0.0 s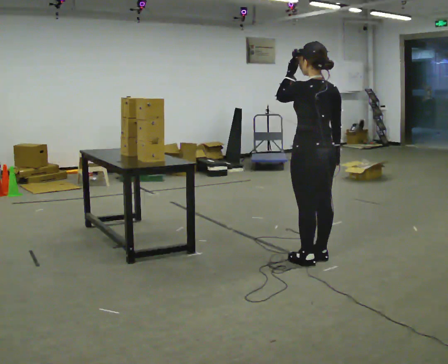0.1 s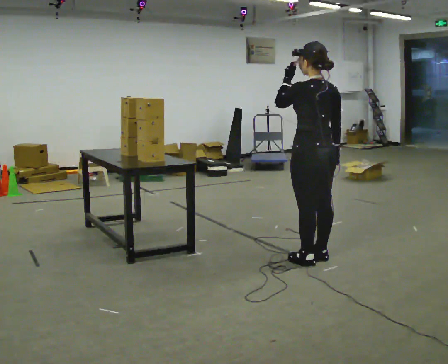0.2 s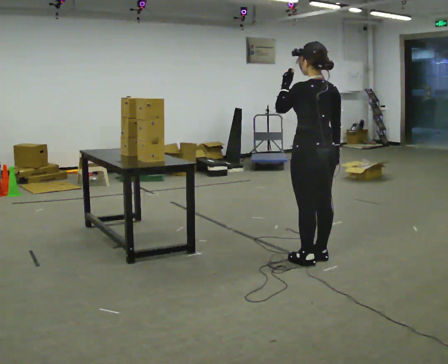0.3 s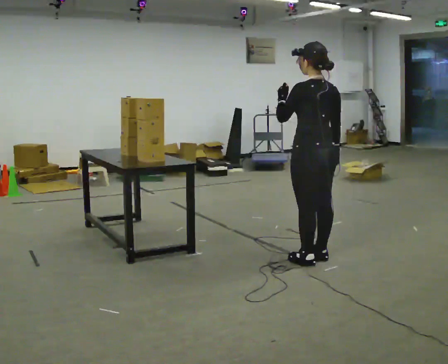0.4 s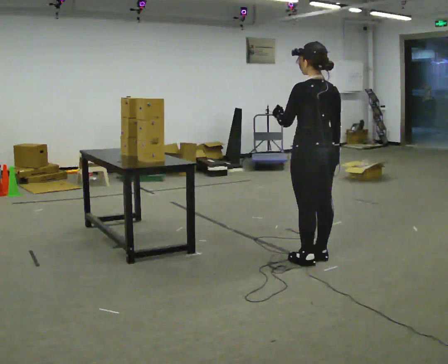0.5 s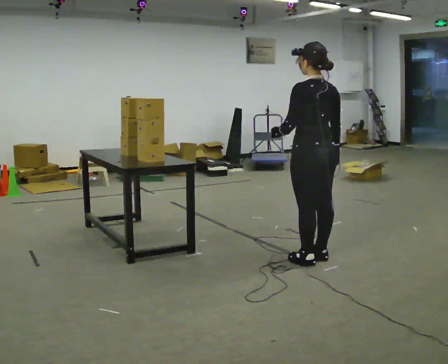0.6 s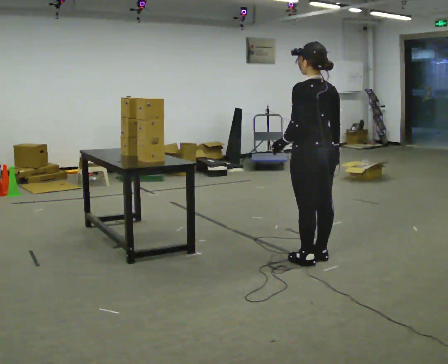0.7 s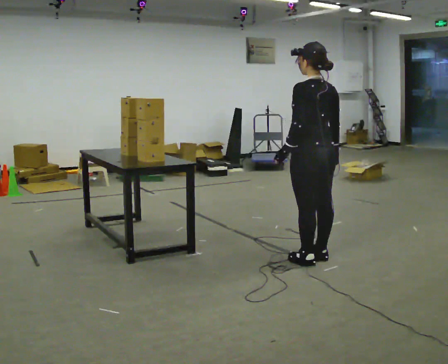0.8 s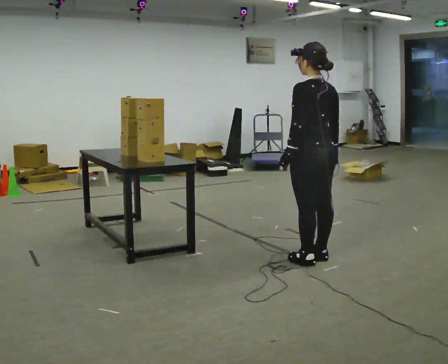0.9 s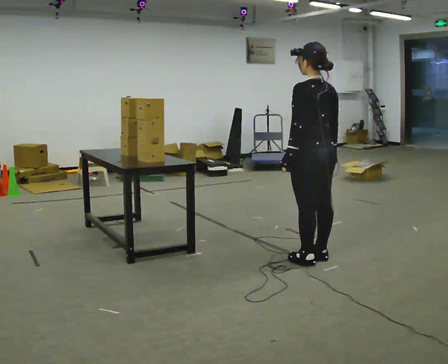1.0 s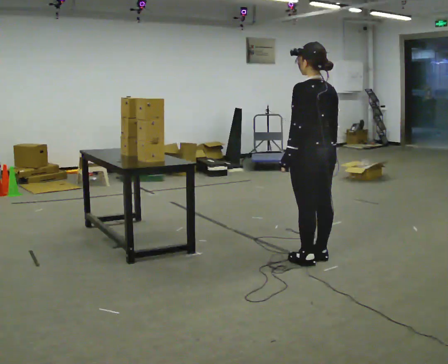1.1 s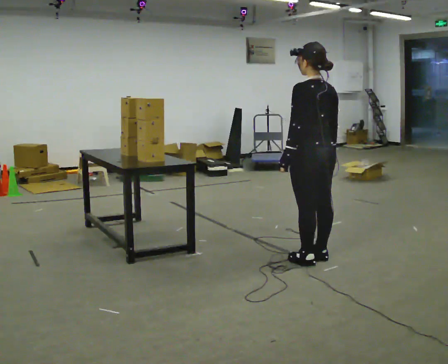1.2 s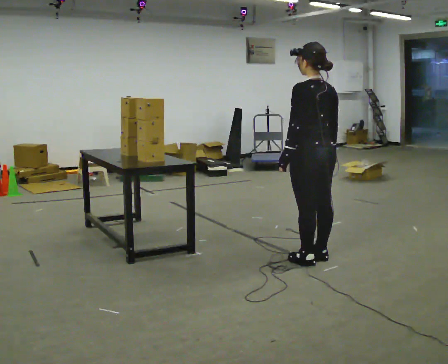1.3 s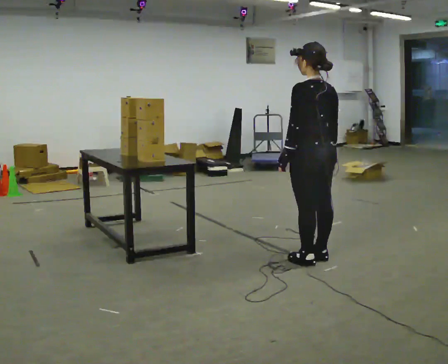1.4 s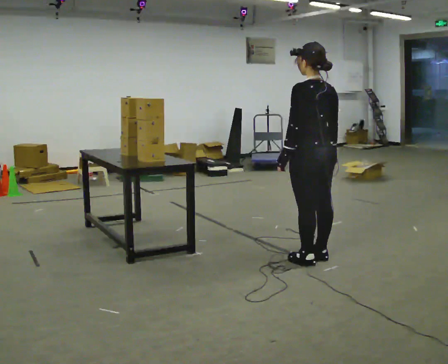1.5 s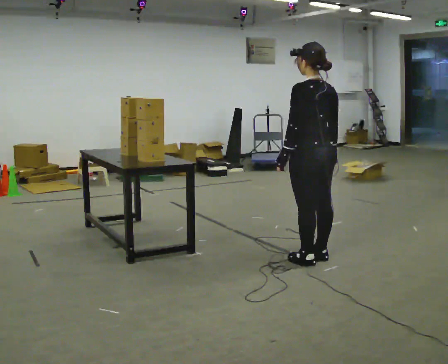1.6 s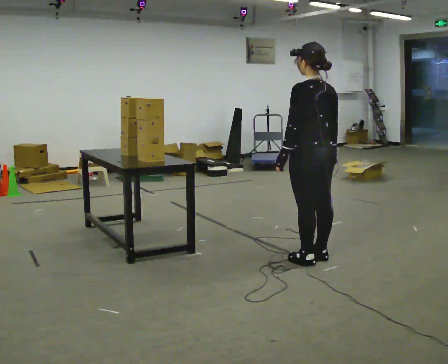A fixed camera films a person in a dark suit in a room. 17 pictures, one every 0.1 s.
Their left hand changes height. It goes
downward.
0.0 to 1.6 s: In the picture their left hand goes downward.
The film runs forward here.
